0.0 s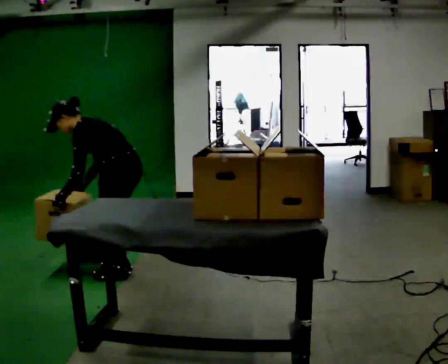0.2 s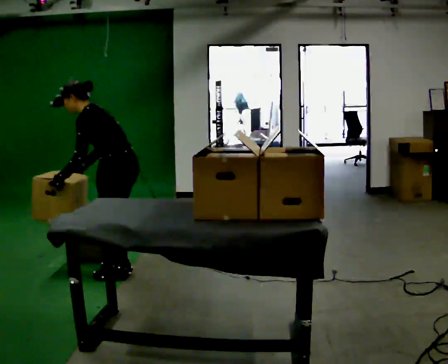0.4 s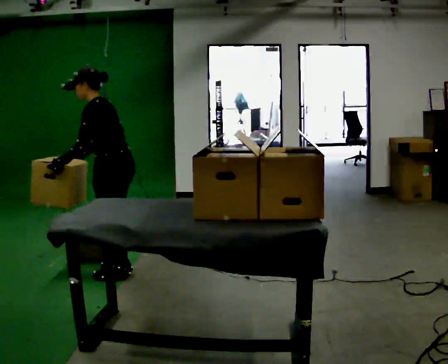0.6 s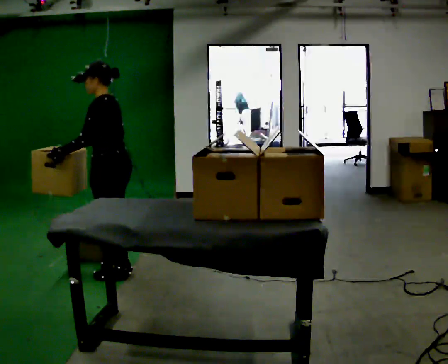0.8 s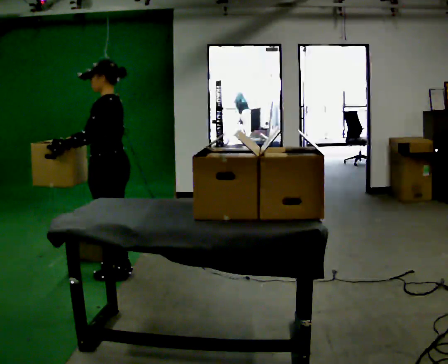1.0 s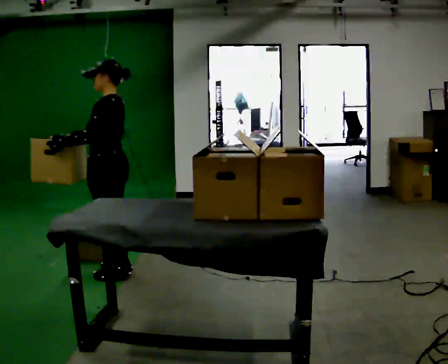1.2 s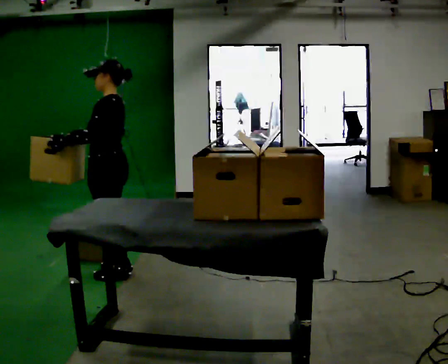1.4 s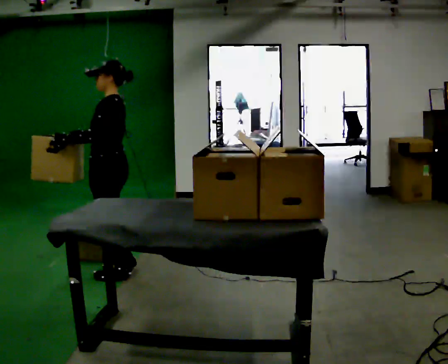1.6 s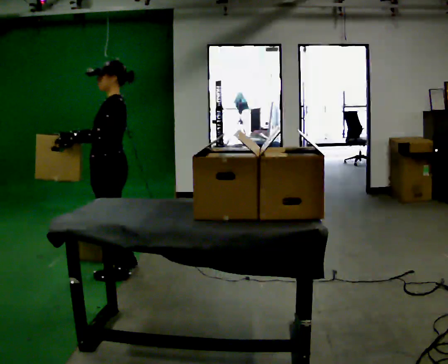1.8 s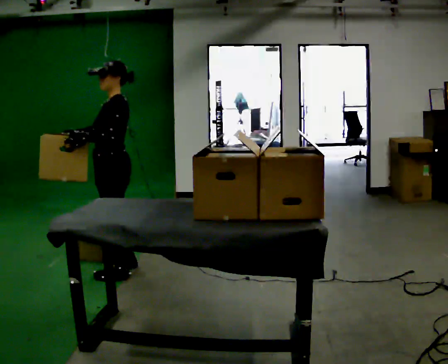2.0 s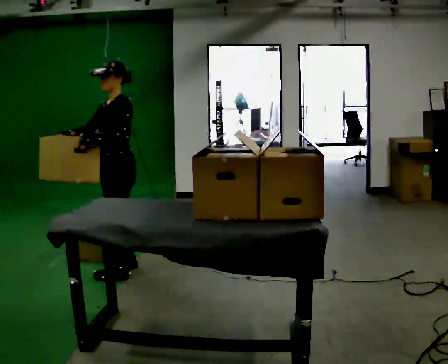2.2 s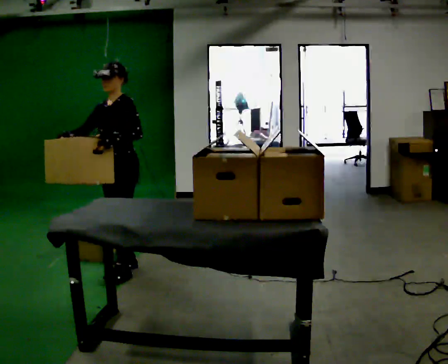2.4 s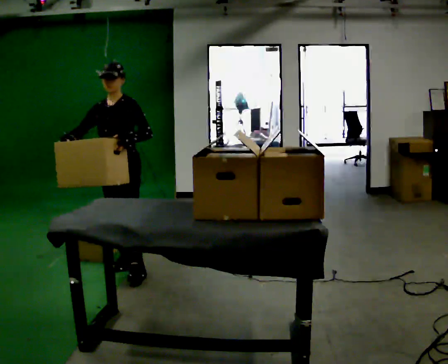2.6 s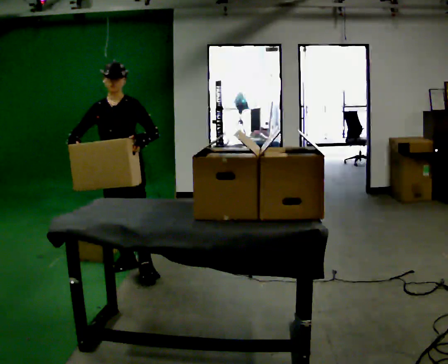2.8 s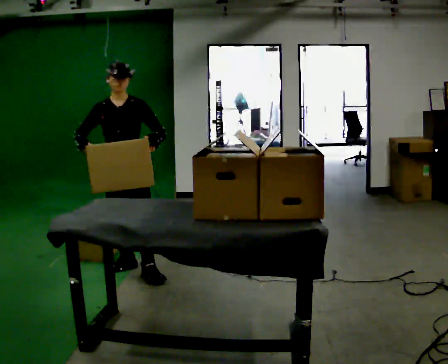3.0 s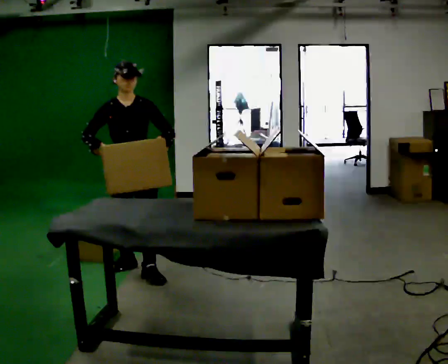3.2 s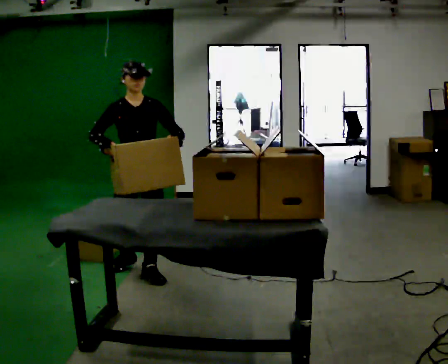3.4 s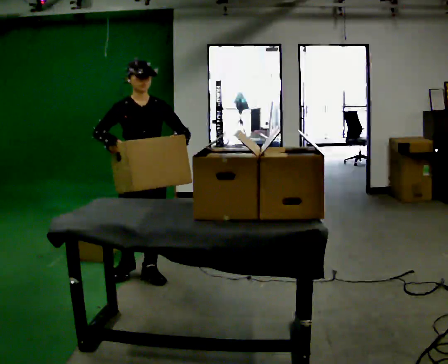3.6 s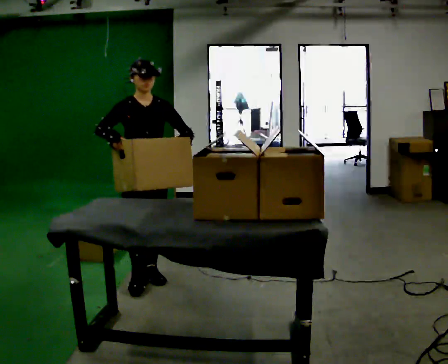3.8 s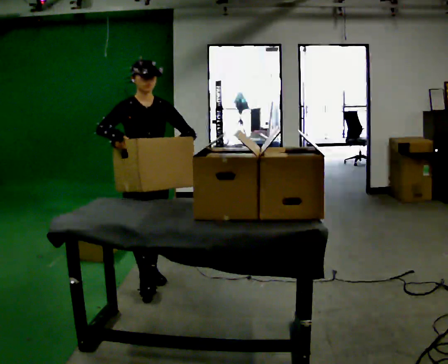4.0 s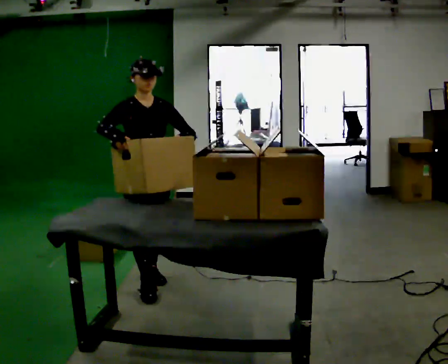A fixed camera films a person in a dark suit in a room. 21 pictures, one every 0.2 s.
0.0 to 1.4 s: The shoulders move upward. In the picture the upper body tilts clockwise, shoulders to the right, as they lean back or straighten. In the picture their right hand goes upward.
1.4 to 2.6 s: The part of the body nearest the lens slides to the right as the person turns to their left by about 75 degrees. In the picture they go away from the camera, about 0.25 m in 1 step.
2.6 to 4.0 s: The part of the body nearest the lens slides to the right as the person turns to their left by about 30 degrees. In the picture they go toward the camera and to the right, about 0.5 m in 1 step, which for them is forward.
The film runs forward here.
